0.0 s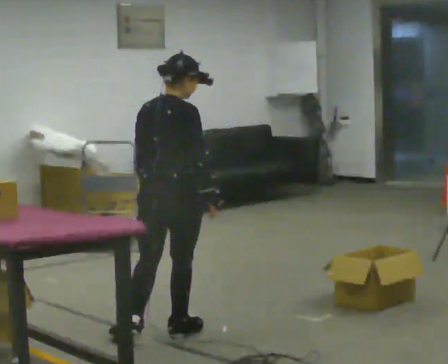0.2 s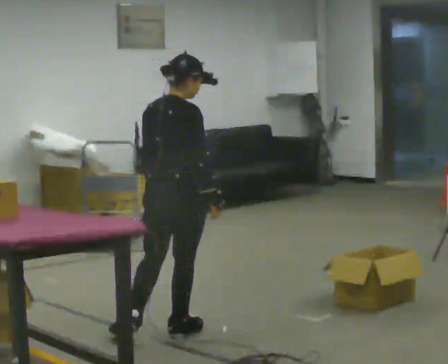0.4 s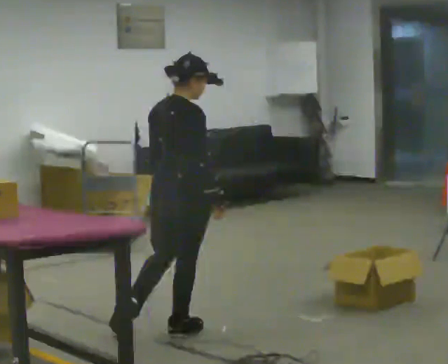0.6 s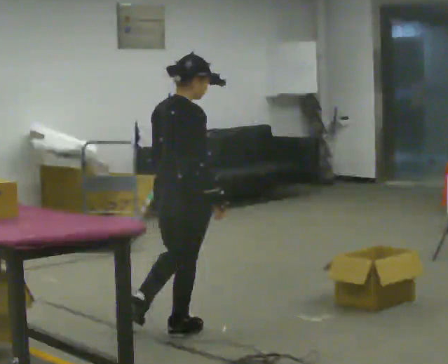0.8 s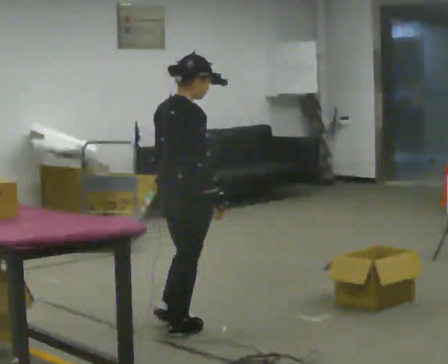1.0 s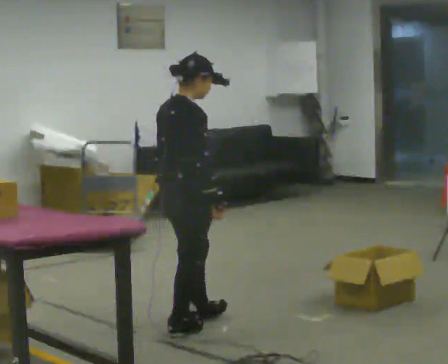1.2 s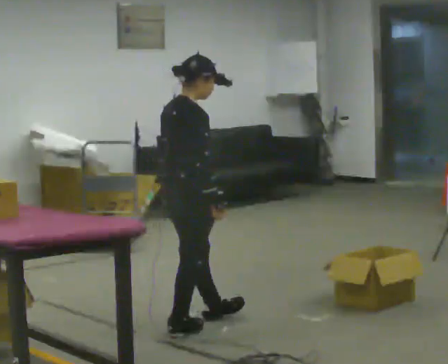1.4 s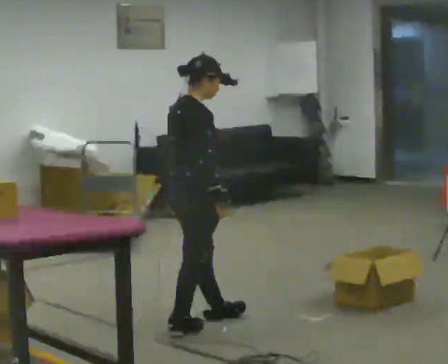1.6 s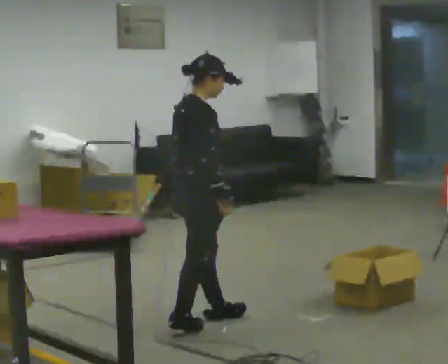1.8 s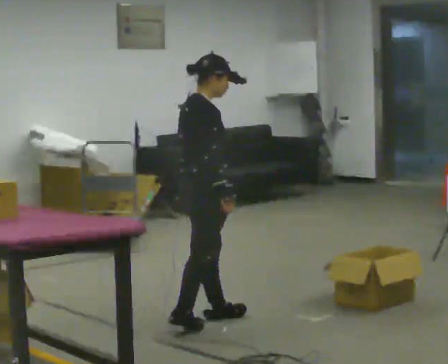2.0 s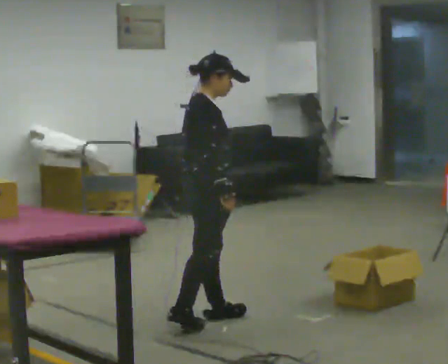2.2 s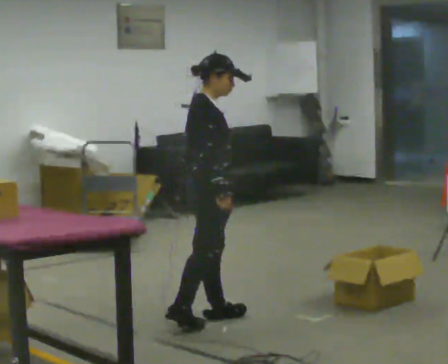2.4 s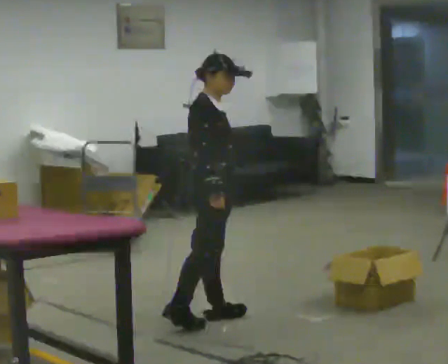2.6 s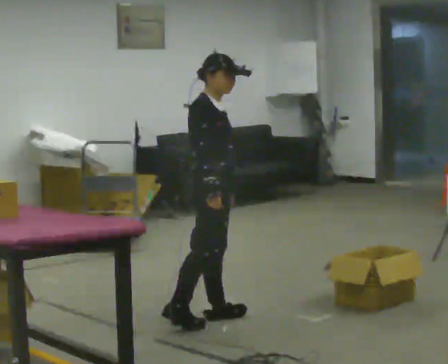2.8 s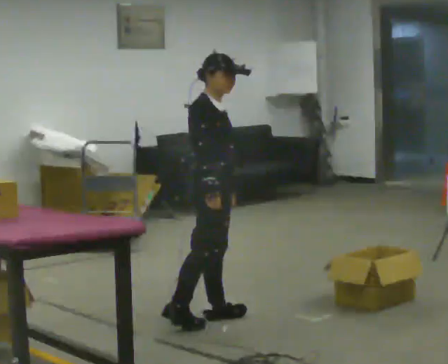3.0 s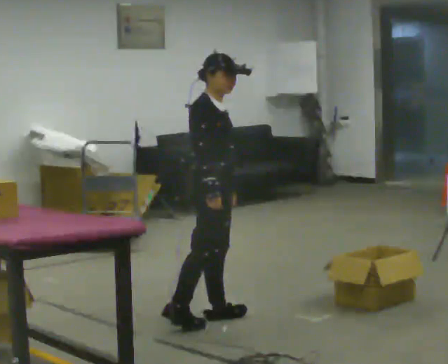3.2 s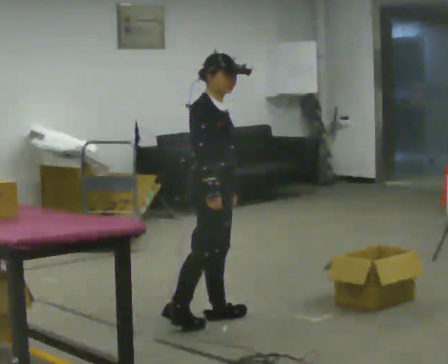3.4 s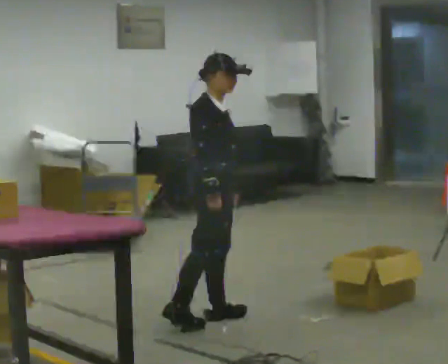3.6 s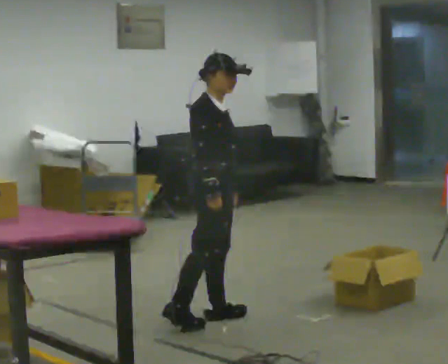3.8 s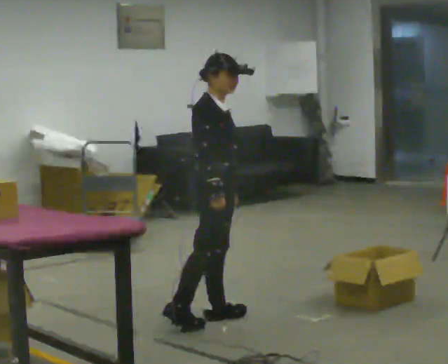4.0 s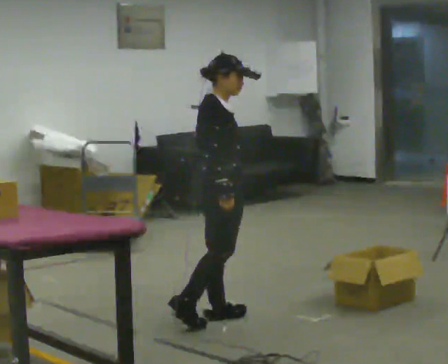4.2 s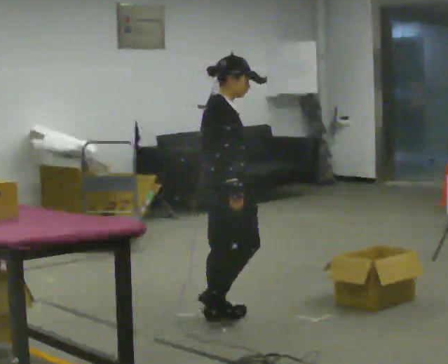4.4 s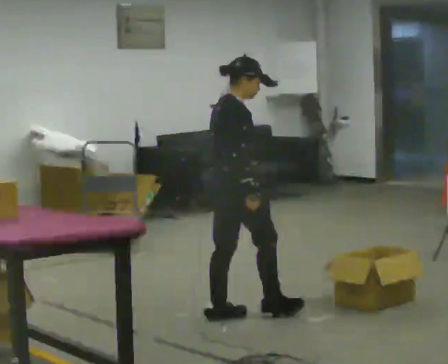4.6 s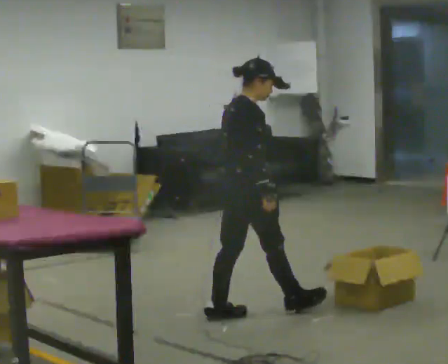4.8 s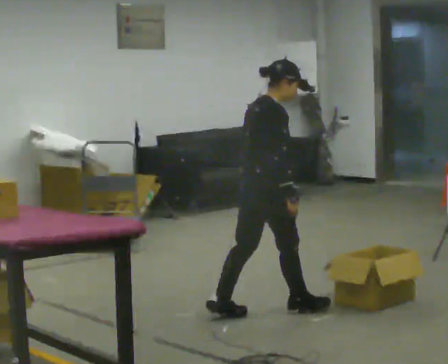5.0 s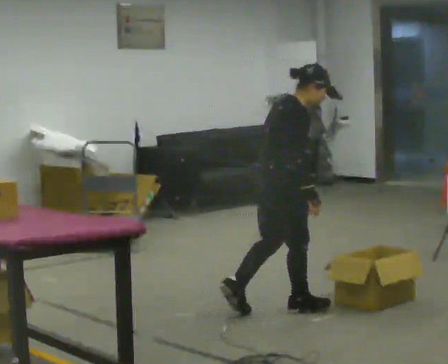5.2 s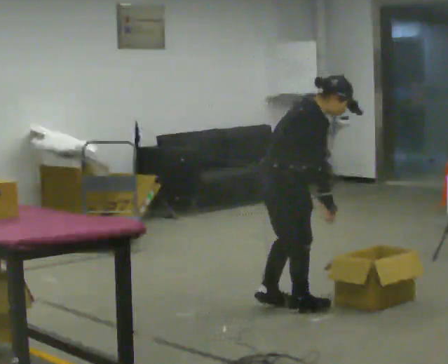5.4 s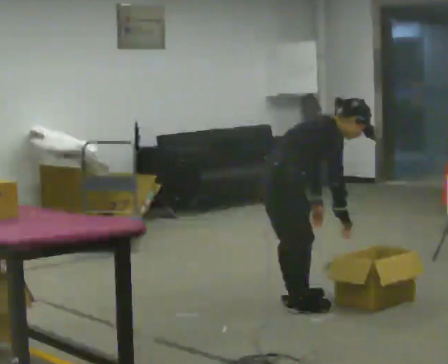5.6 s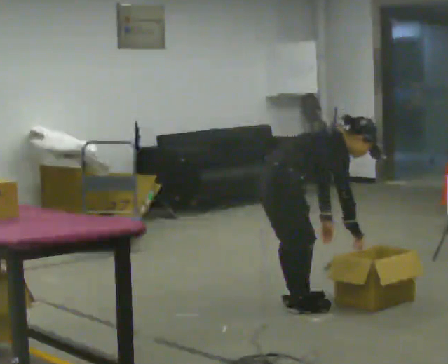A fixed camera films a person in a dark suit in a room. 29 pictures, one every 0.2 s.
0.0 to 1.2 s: The part of the body nearest the lens slides to the left as the person turns to their right by about 30 degrees.
1.2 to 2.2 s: The part of the body nearest the lens slides to the left as the person turns to their right by about 30 degrees. In the picture they go away from the camera, about 0.25 m, which for them is forward and to their left.
2.2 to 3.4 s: The person moves a little, or ends about where they began.
3.4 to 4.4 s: The part of the body nearest the lens slides to the right as the person turns to their left by about 30 degrees.
4.4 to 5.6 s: In the picture they go to the right, about 0.25 m in 2 steps, which for them is forward. The shoulders move downward. In the picture the upper body tilts clockwise, shoulders to the right, as they bend forward.
The film runs forward here.
